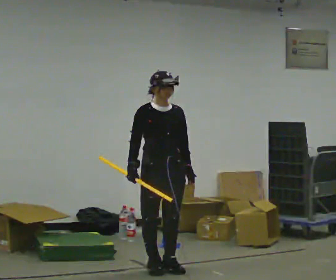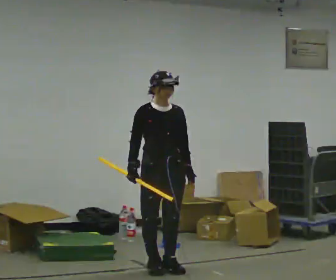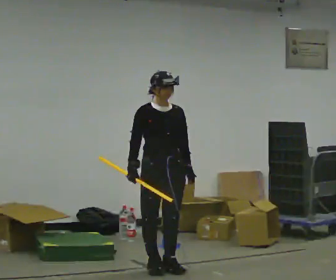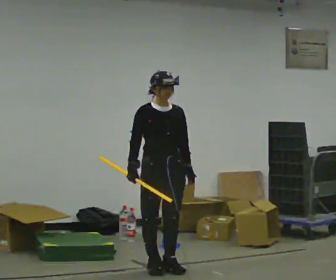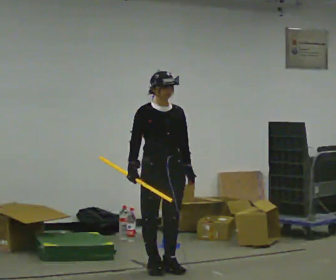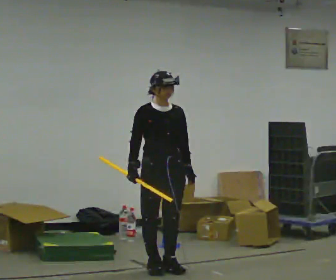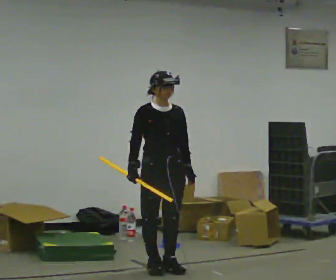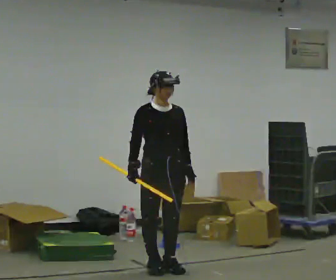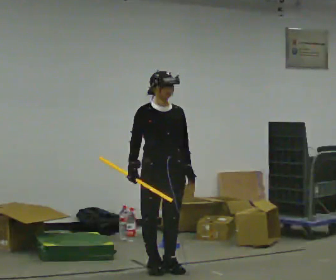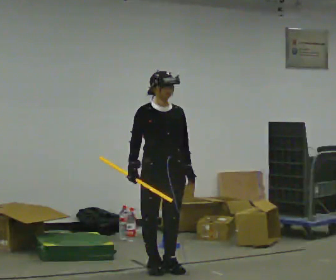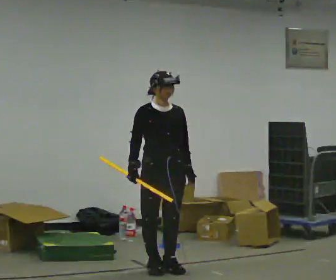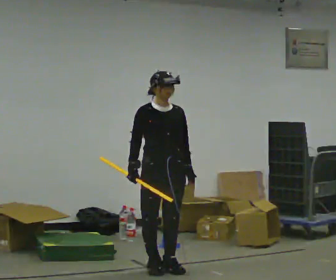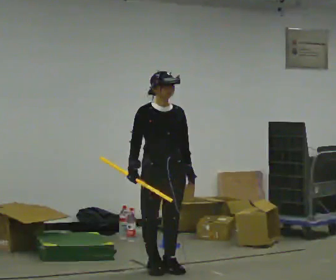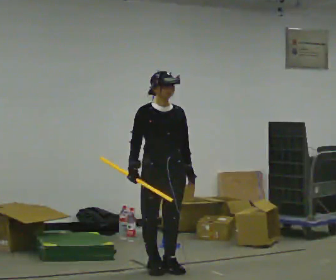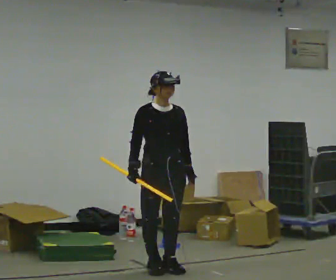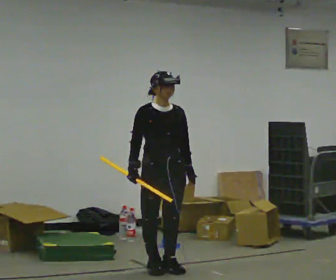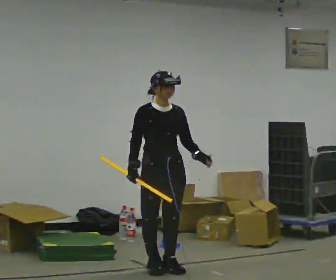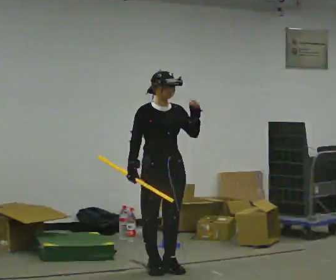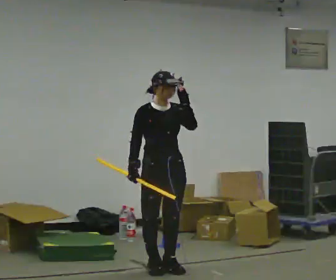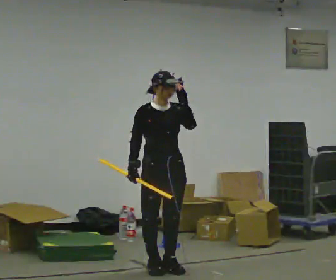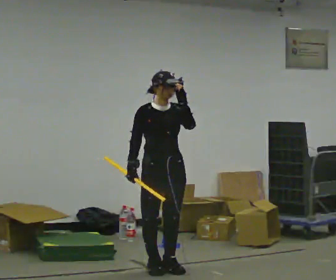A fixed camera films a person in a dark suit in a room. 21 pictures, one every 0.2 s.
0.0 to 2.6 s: The person keeps their place and pose.
2.6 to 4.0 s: In the picture their left hand goes upward.
The film runs forward here.
